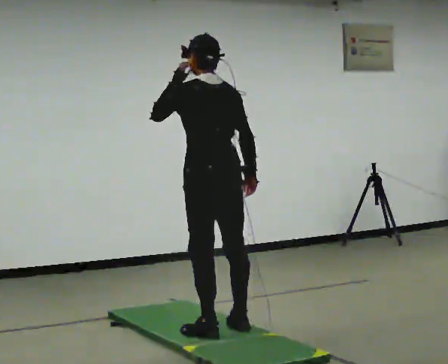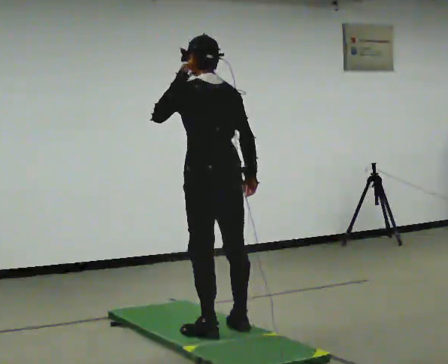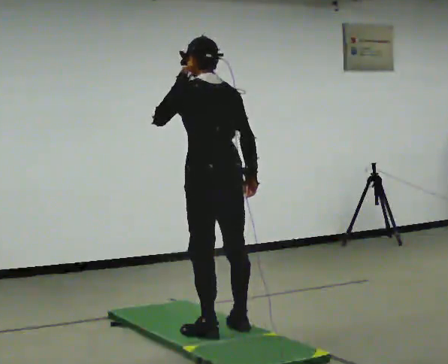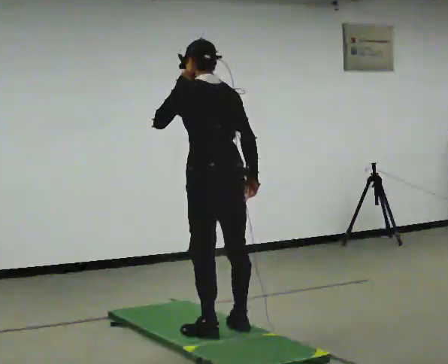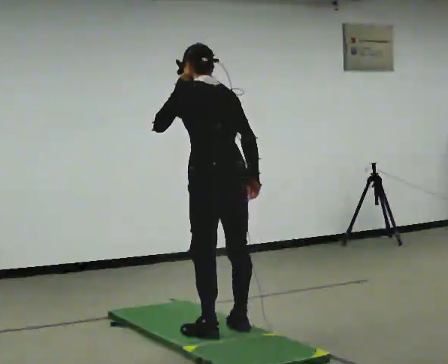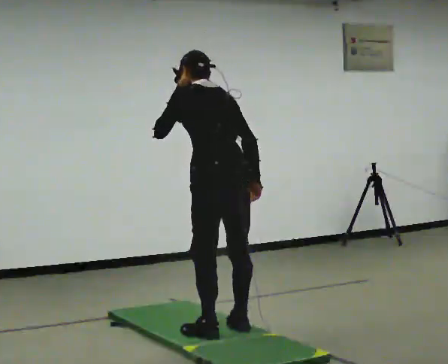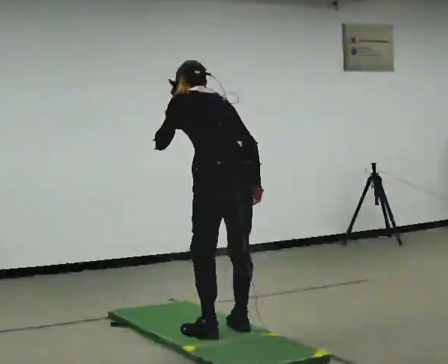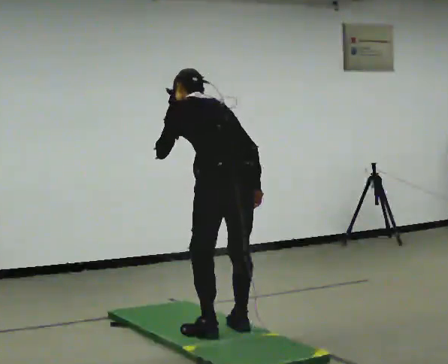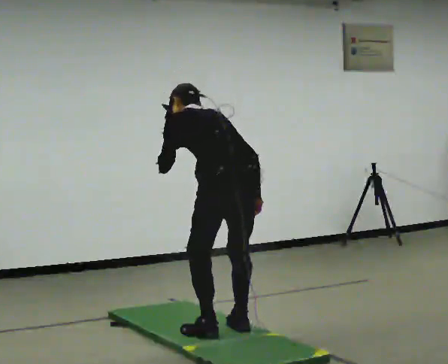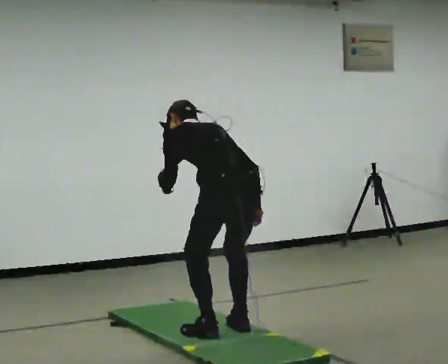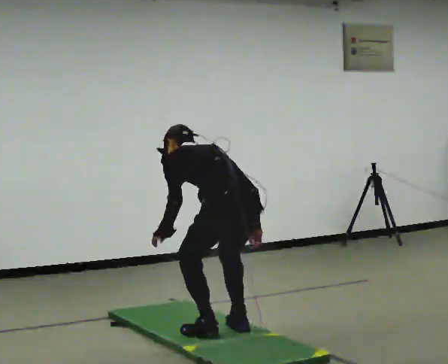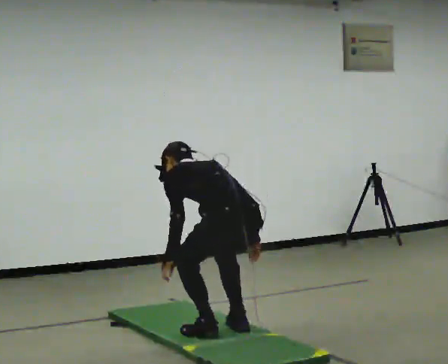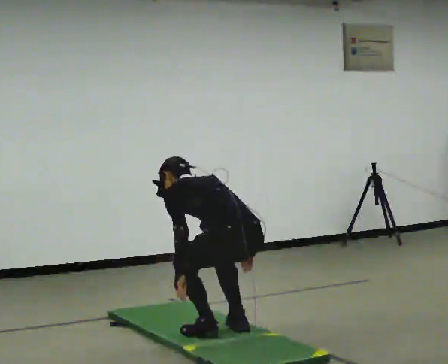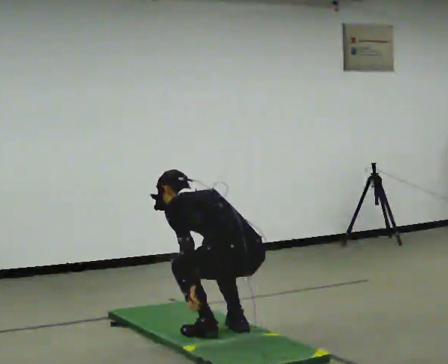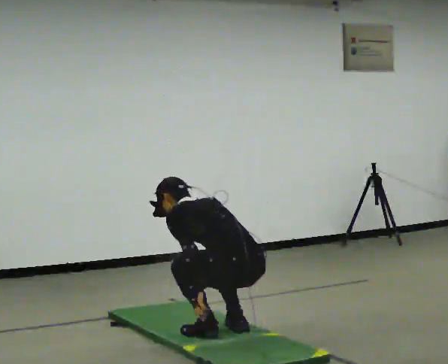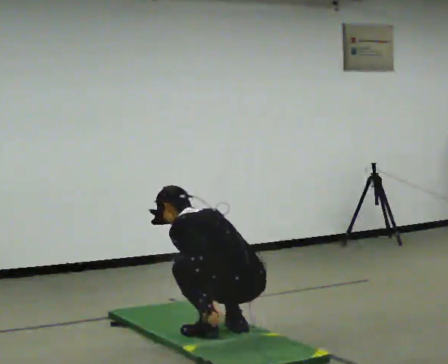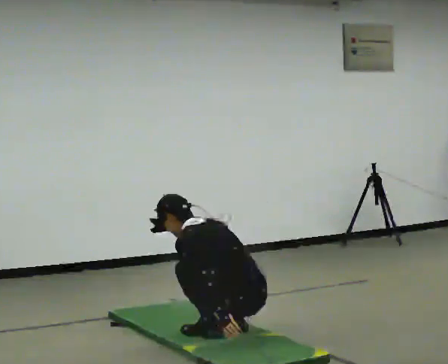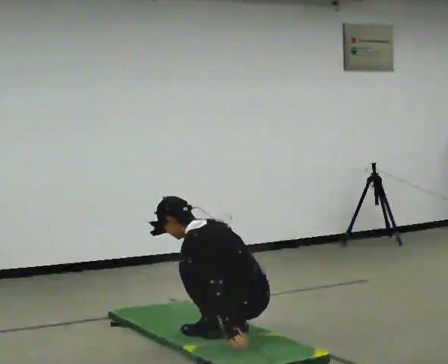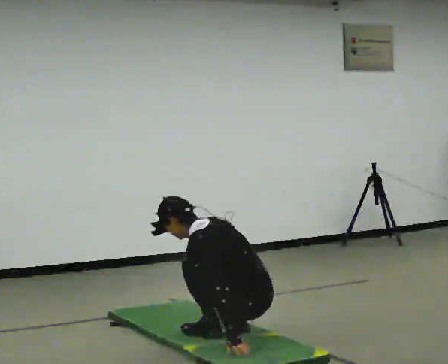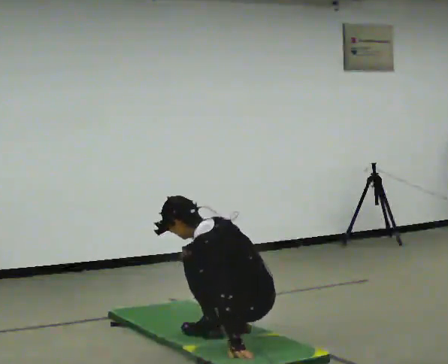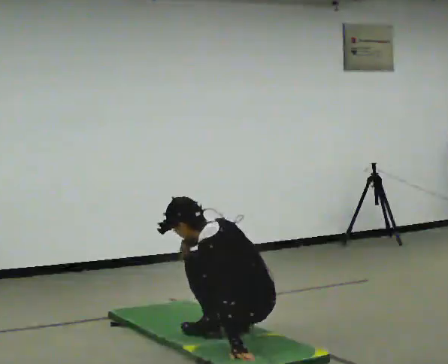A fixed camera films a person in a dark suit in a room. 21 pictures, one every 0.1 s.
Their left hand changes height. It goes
downward.
The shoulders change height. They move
downward.
0.0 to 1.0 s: In the picture they go toward the camera, about 0.25 m, which for them is backward. The upper body goes downward. The upper body tips away from the camera, its near side rolling upward, as they bend forward. In the picture their left hand goes downward.
1.0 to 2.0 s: The shoulders move downward. The upper body tips toward the camera, its near side rolling downward, as they lean back or straighten. In the picture their right hand goes to the left.
The film runs forward here.
